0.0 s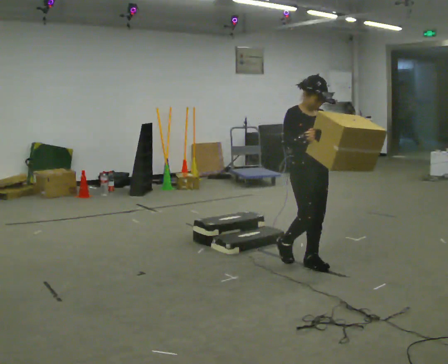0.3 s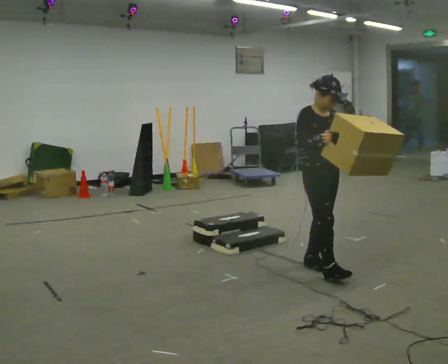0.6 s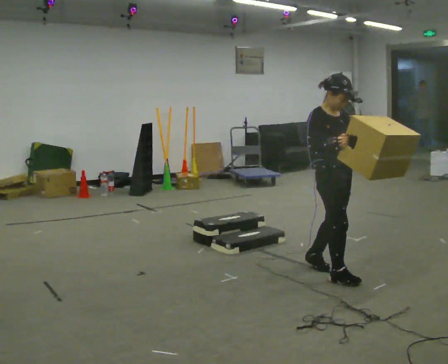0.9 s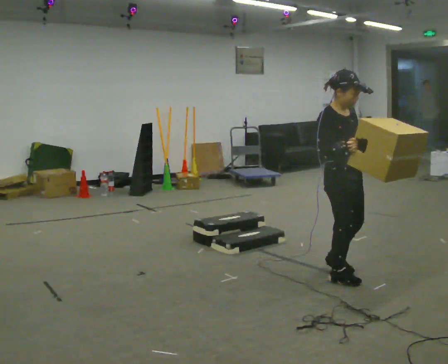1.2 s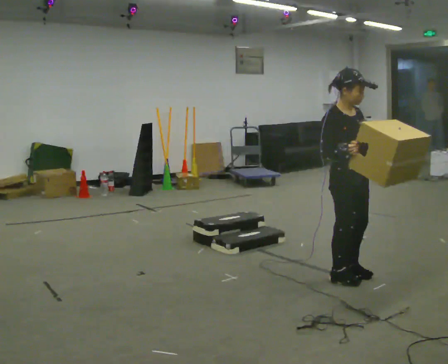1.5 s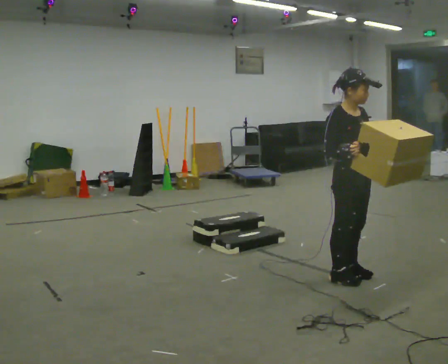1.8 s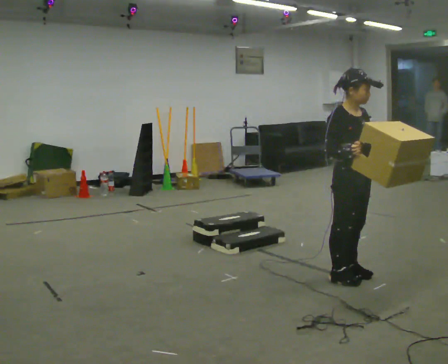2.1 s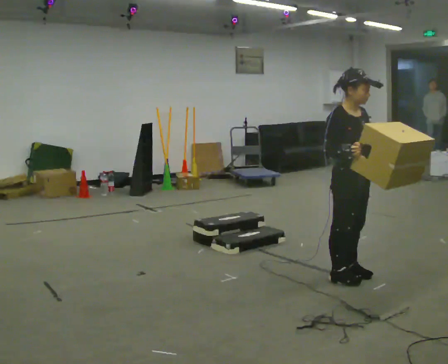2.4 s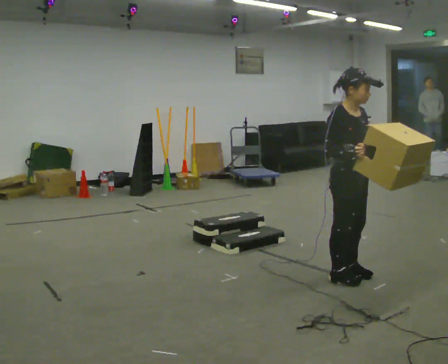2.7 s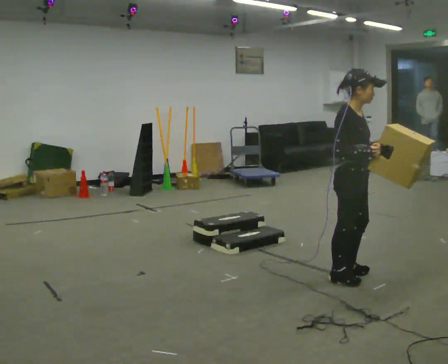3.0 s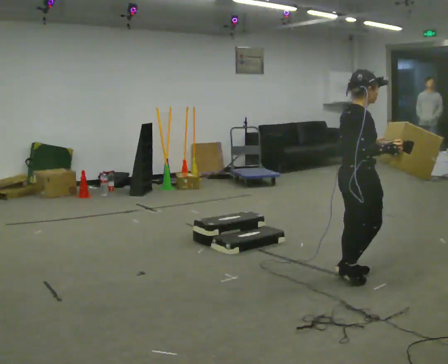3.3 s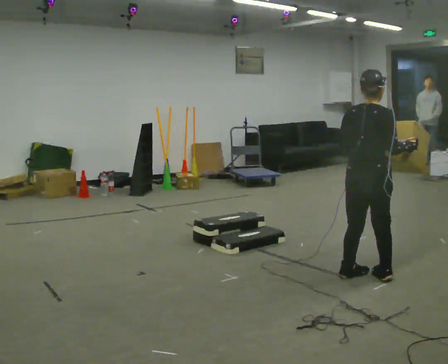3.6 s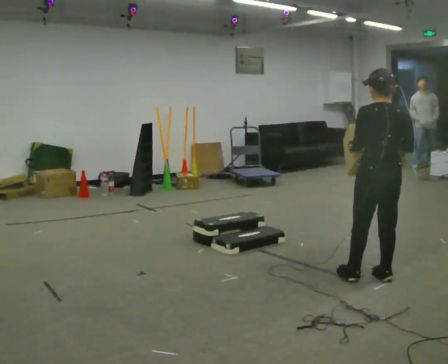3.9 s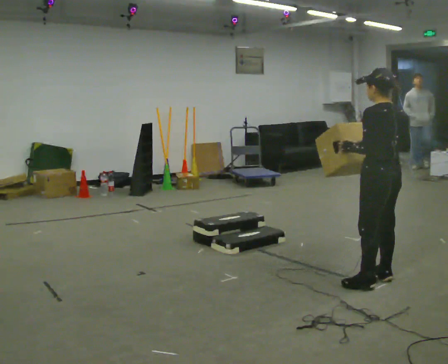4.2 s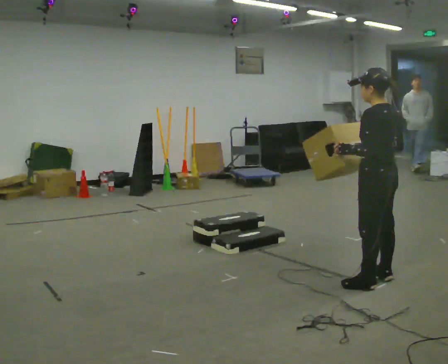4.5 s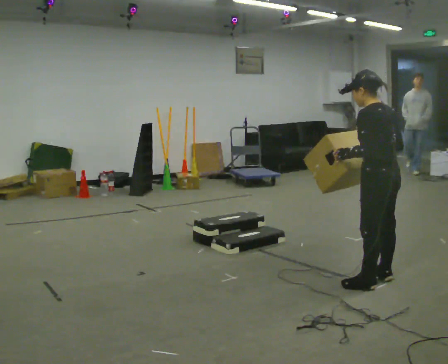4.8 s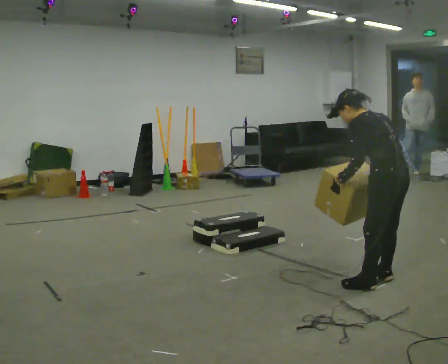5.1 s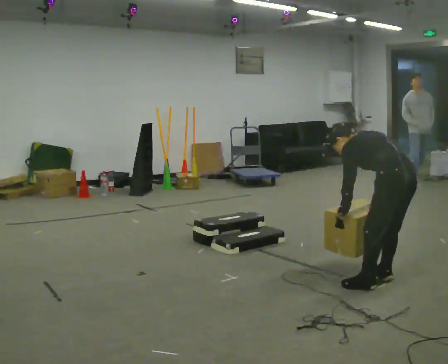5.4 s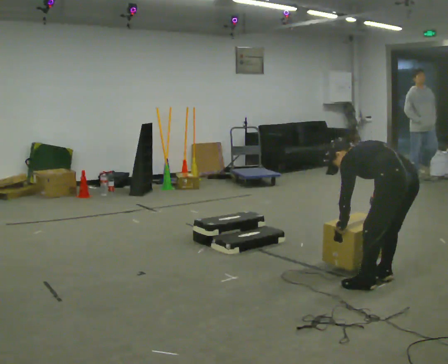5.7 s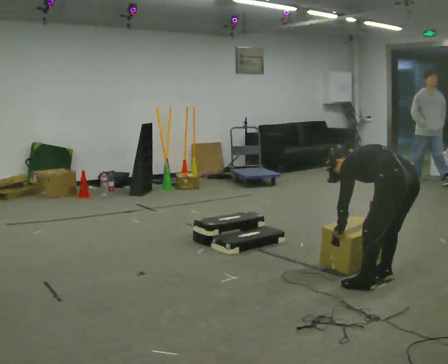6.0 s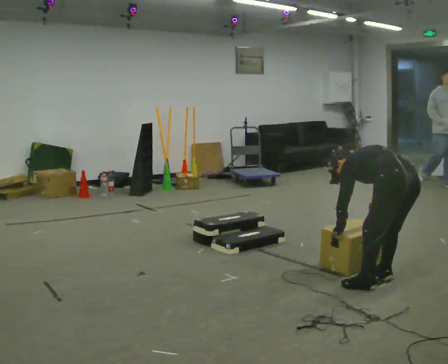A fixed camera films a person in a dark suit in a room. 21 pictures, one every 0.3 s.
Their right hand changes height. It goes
downward.
The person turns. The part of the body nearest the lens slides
to the right.
0.0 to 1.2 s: In the picture they go toward the camera and to the right, about 0.5 m in 2 steps, which for them is forward.
1.2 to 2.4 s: The person moves a little, or ends about where they began.
2.4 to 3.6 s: The person turns about 135 degrees to their left, counterclockwise seen from above, so the part of the body nearest the lens slides to the right. In the picture they go to the right, about 0.25 m in 1 step. In the picture their right hand goes to the right.
3.6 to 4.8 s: The part of the body nearest the lens slides to the right as the person turns to their left by about 30 degrees. In the picture the upper body tilts counterclockwise, shoulders to the left, as they bend forward.
4.8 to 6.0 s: The upper body goes downward. The upper body tips away from the camera, its near side rolling upward, as they bend forward. In the picture their left hand goes downward.
The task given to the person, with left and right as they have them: Carry the box up the three steps, turn at the top, and carry it back down. Use the handrail only if you need it. Keep going until the operator says stop; one object at a time, and do not rush between trips.
The film runs forward here.
